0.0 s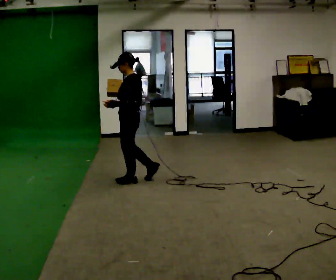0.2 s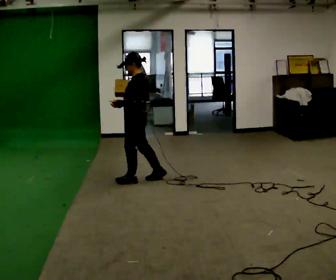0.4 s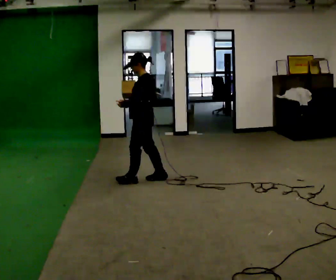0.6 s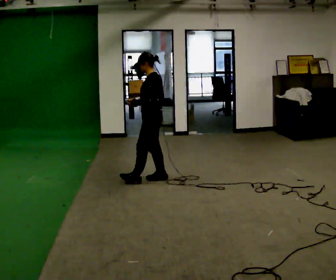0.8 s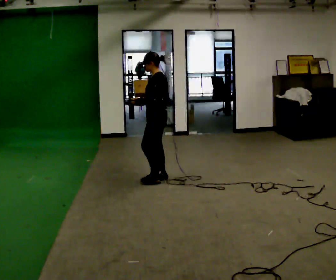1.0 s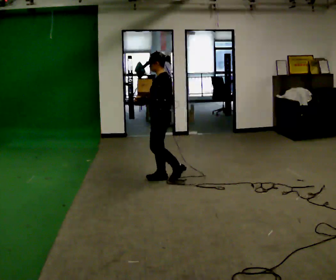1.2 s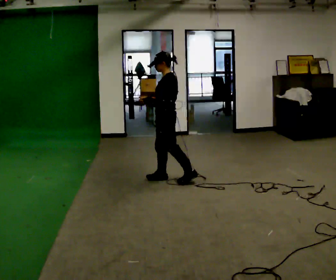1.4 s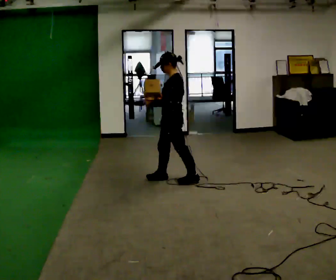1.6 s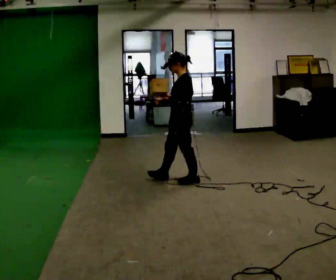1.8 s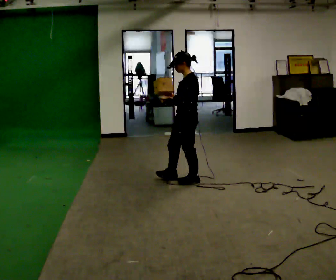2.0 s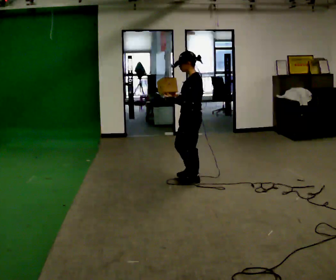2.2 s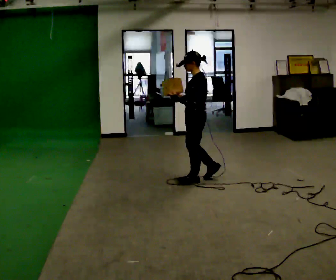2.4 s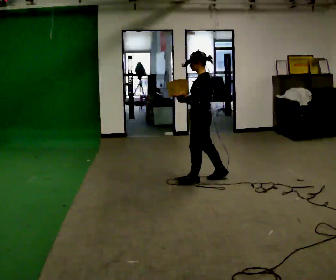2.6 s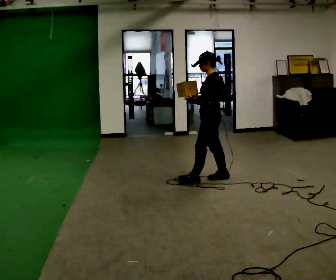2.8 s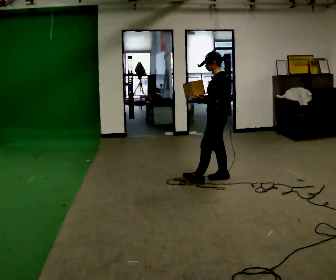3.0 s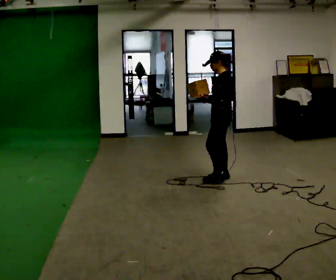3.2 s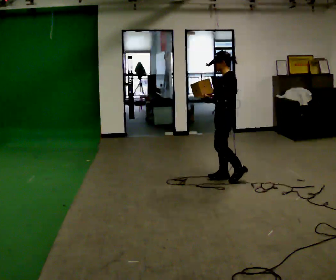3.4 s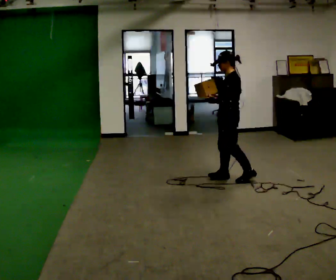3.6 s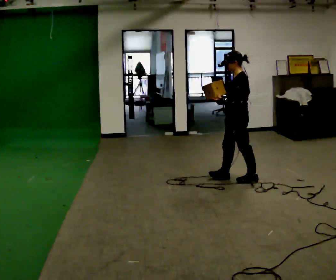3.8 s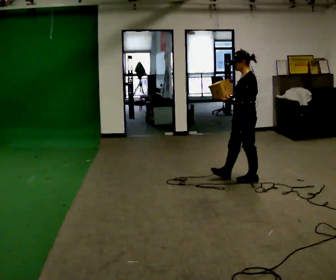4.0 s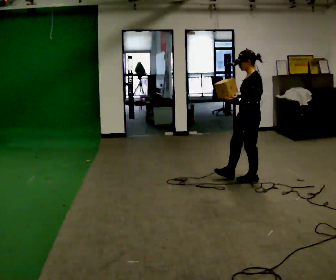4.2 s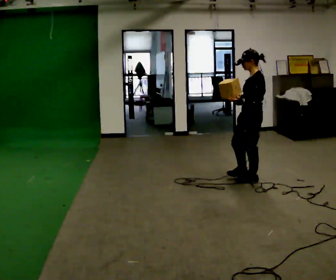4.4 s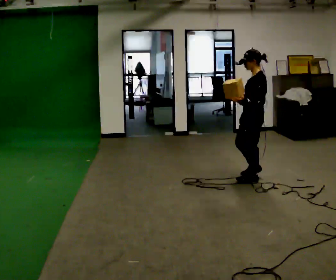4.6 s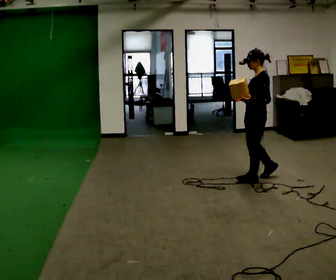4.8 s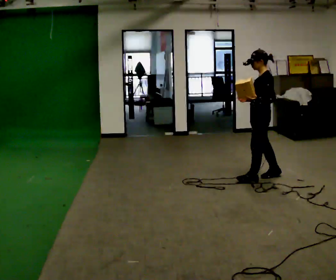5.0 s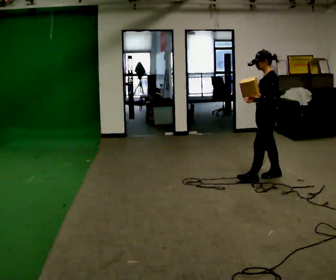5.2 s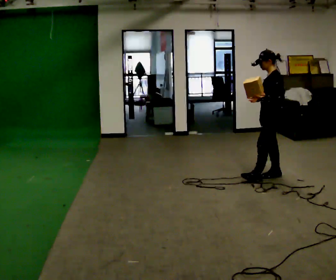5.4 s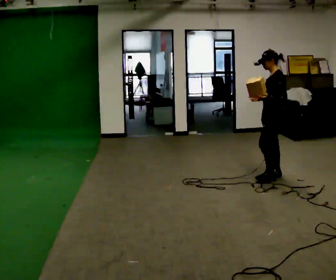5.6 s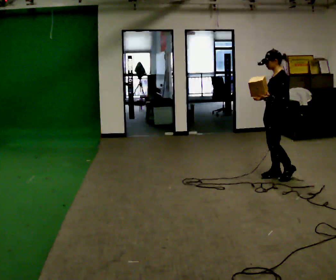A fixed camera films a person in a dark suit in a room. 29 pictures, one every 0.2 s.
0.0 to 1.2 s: In the picture they go to the right, about 0.5 m in 1 step, which for them is backward.
1.2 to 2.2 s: In the picture they go to the right, about 0.25 m in 1 step, which for them is backward and to their left.
2.2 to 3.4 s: In the picture they go to the right, about 0.5 m in 1 step, which for them is backward.
3.4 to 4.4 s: In the picture they go to the right, about 0.25 m in 1 step, which for them is backward and to their left.
4.4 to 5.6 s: In the picture they go to the right, about 0.25 m in 1 step, which for them is backward.
The film runs backward here.
